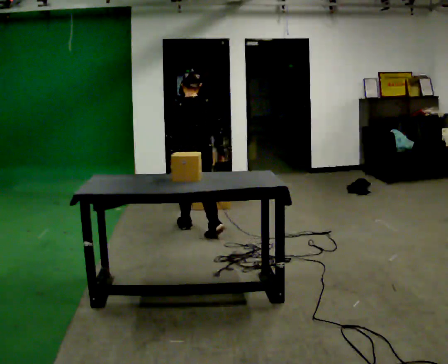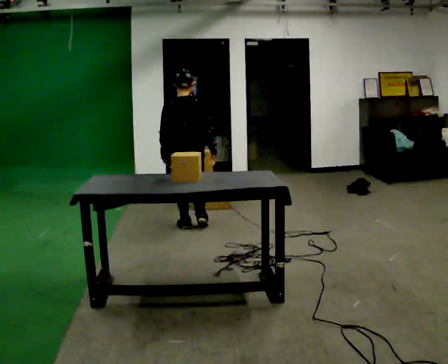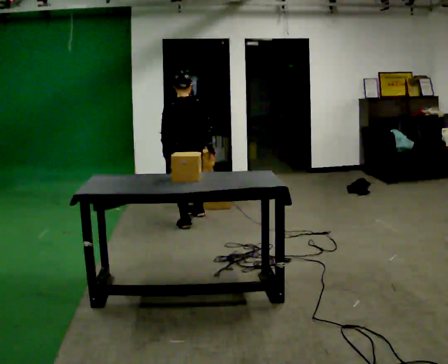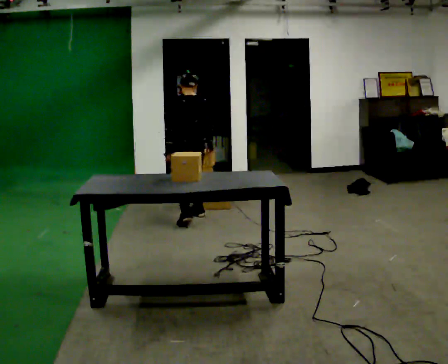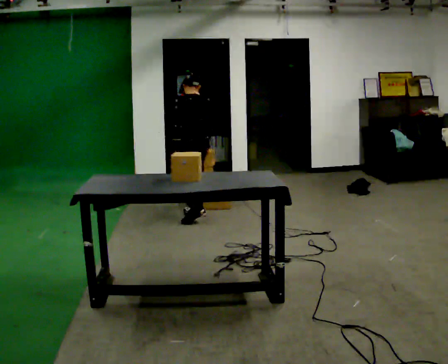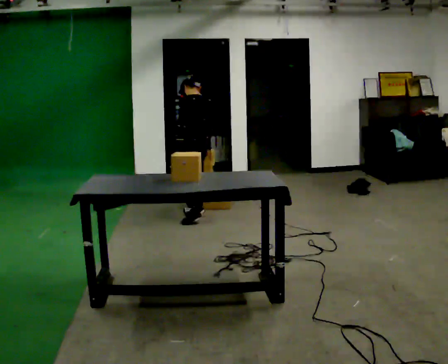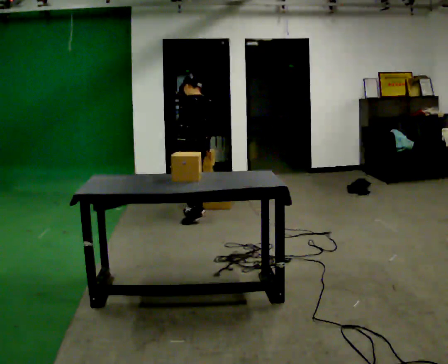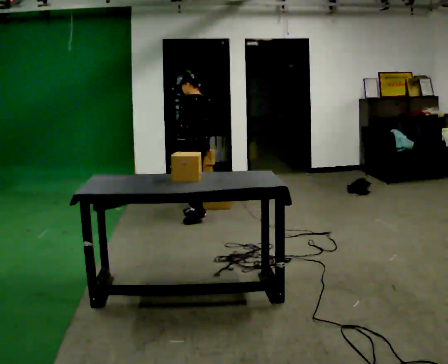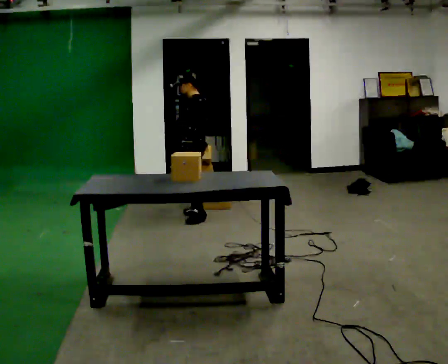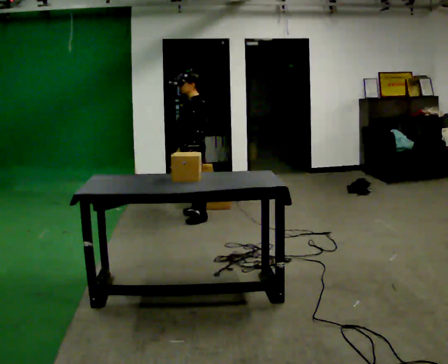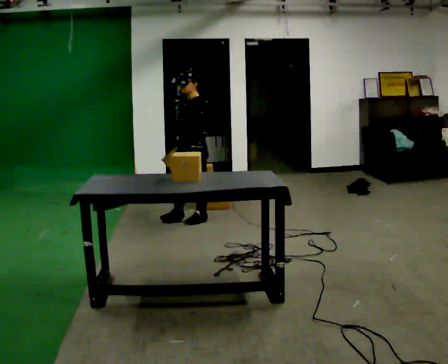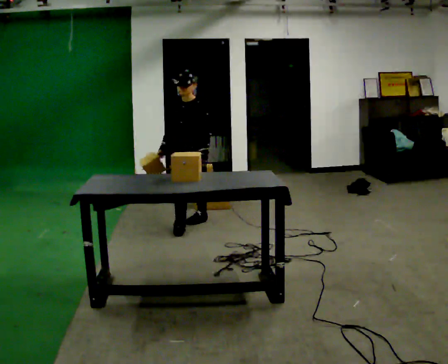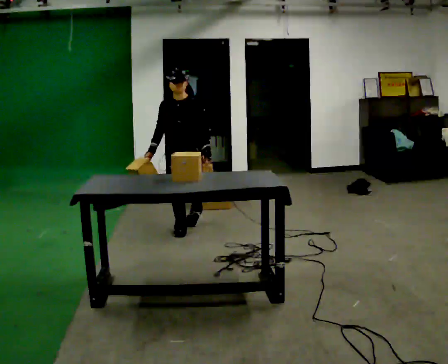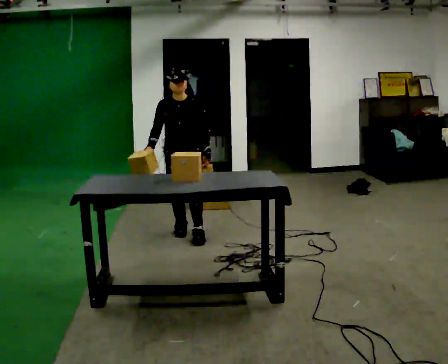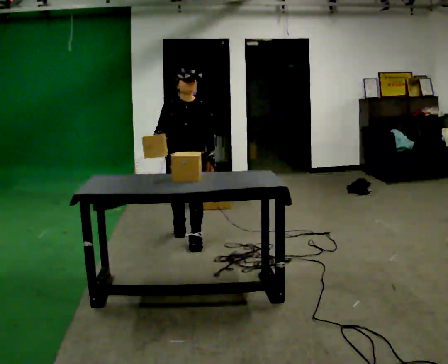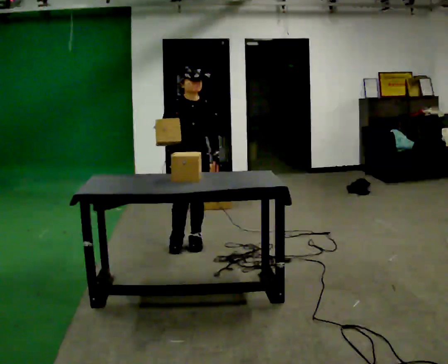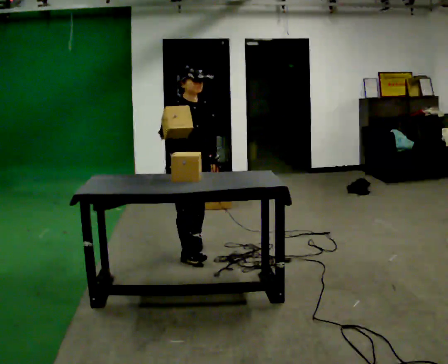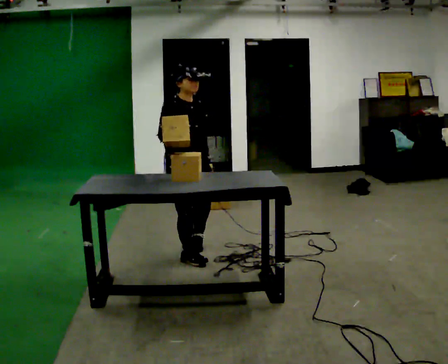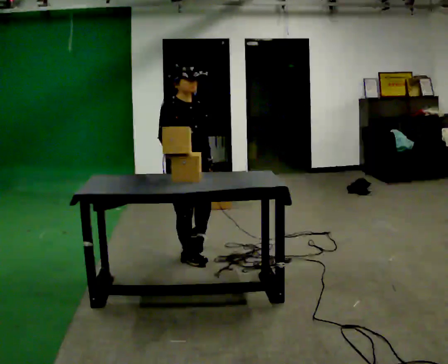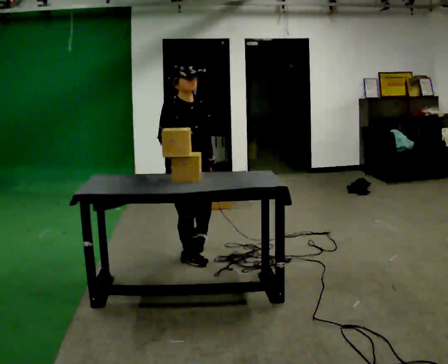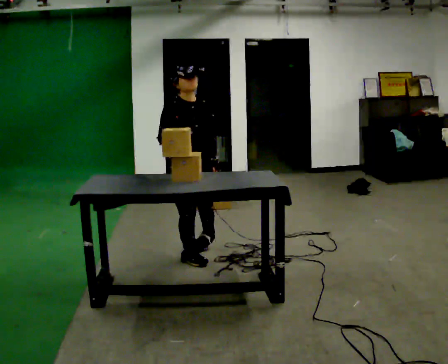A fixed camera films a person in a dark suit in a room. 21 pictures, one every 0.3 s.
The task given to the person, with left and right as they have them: Take an object out of the bin at knee height, carry it across the room, and place it on the chest-height shelf. Keep going until the operator says stop; one object at a time, and do not rush between trips.
0.0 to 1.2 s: The person turns about 30 degrees to their left, counterclockwise seen from above, so the part of the body nearest the lens slides to the right. In the picture they go away from the camera, about 0.5 m in 2 steps, which for them is forward.
1.2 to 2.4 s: Seen from above the body turns counterclockwise, about 30 degrees: to their left, with its near side sliding to the right.
2.4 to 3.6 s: The person turns about 90 degrees to their left, counterclockwise seen from above, so the part of the body nearest the lens slides to the right. In the picture they go toward the camera, about 0.5 m in 1 step.
3.6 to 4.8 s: The part of the body nearest the lens slides to the right as the person turns to their left by about 30 degrees. In the picture they go toward the camera, about 0.5 m in 2 steps, which for them is forward.
4.8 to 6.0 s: In the picture they go toward the camera, about 0.25 m, which for them is forward and to their right.
The film runs forward here.
